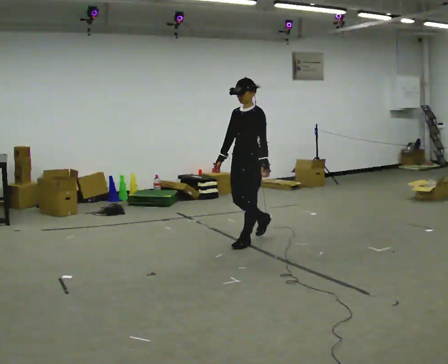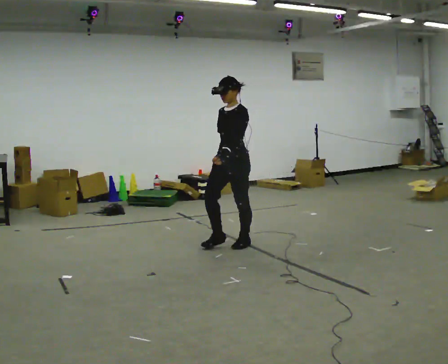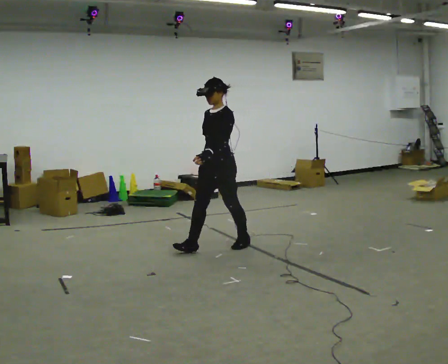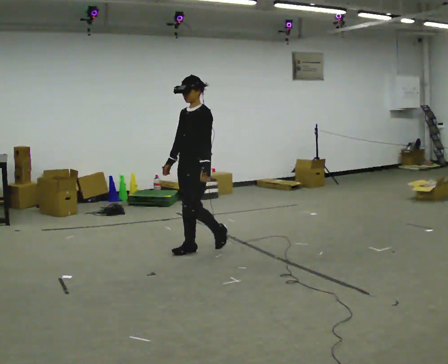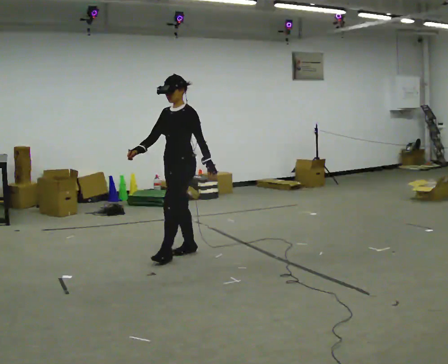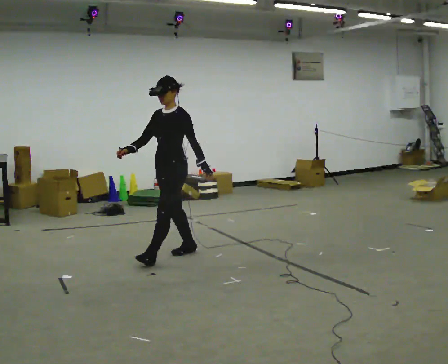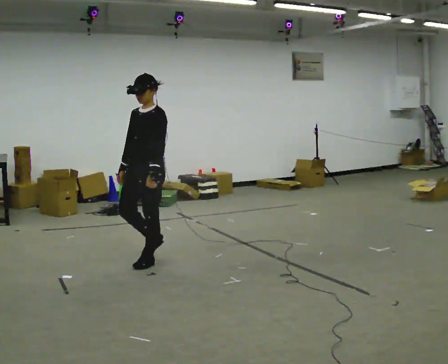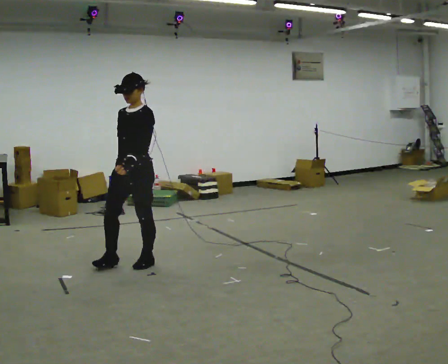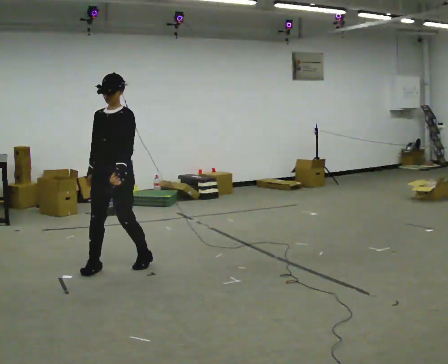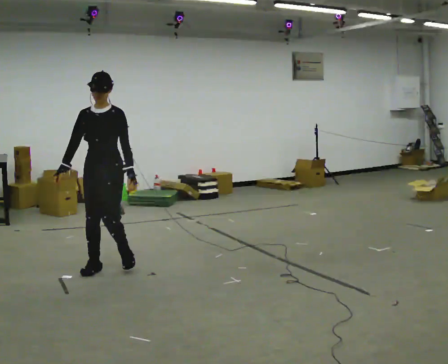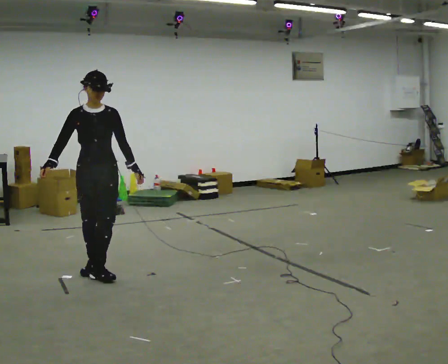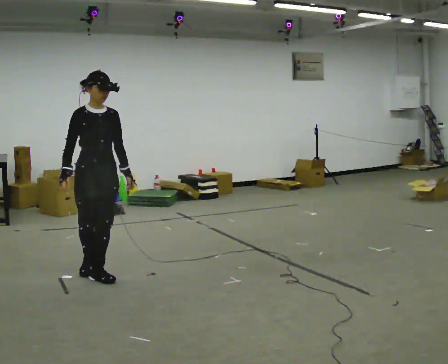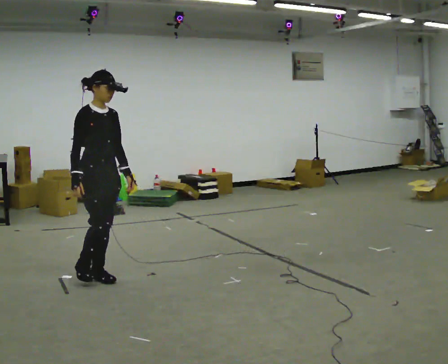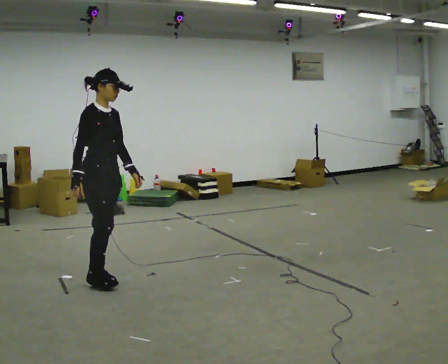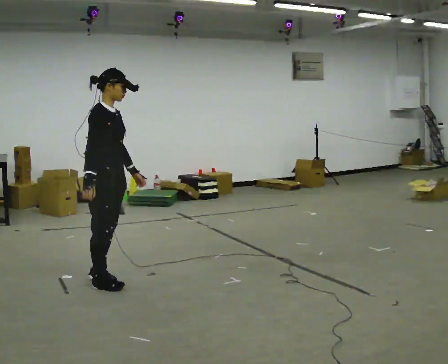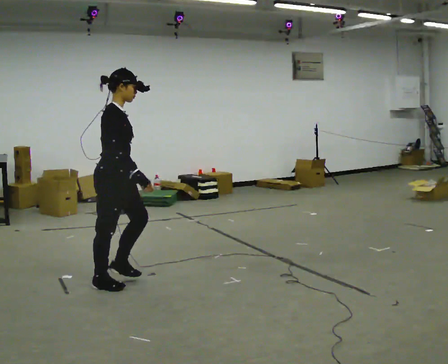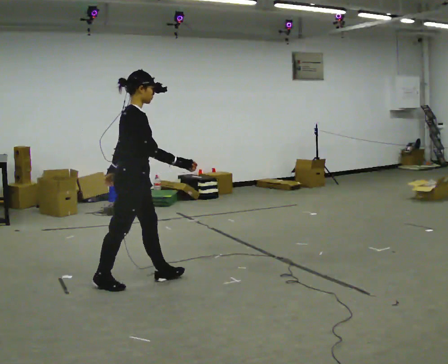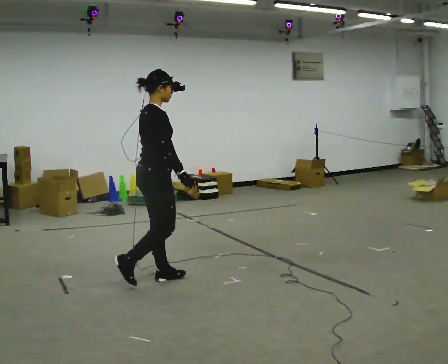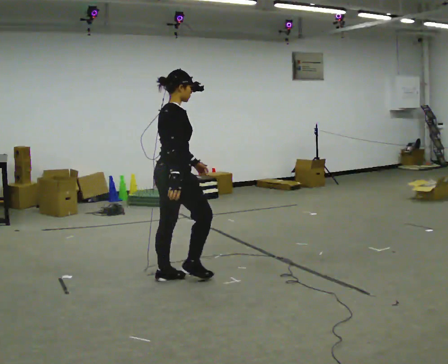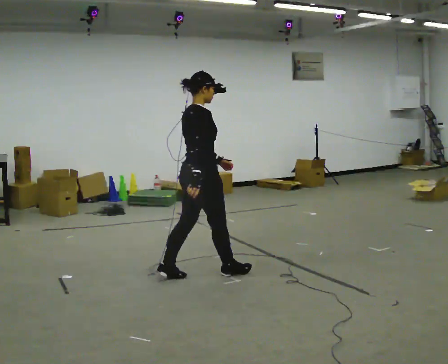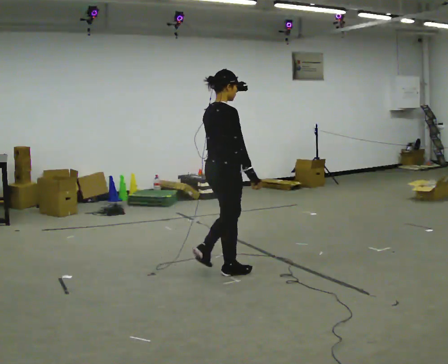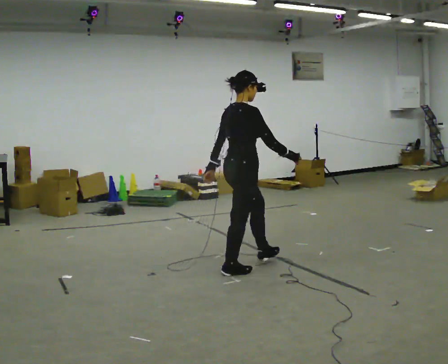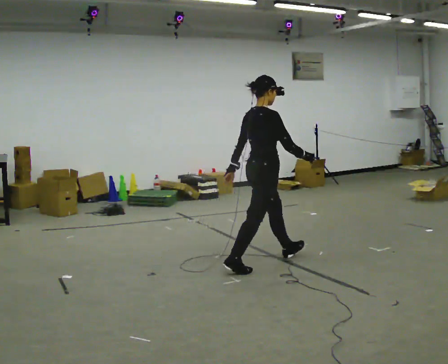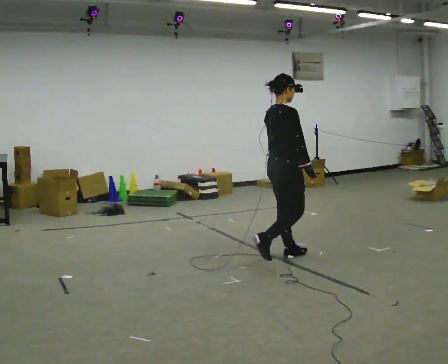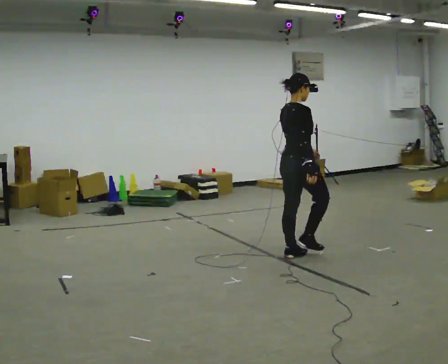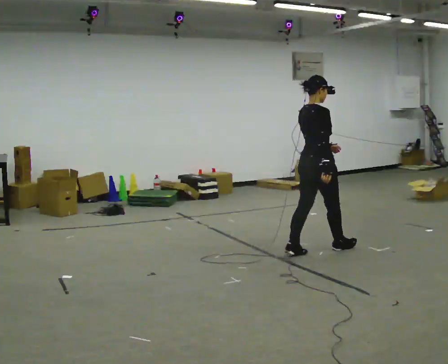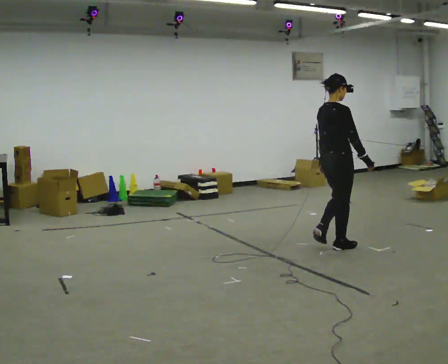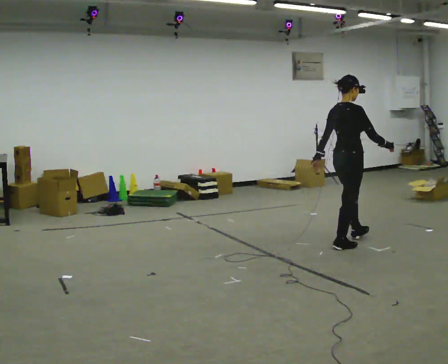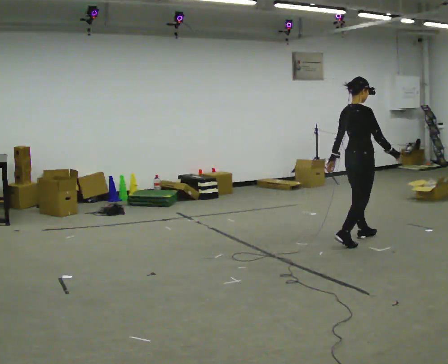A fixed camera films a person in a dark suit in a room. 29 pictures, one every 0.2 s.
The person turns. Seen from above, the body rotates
counterclockwise.
The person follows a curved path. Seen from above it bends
counterclockwise.
0.0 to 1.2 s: In the picture they go to the left and toward the camera, about 1 m in 2 steps, which for them is forward.
1.2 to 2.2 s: The part of the body nearest the lens slides to the right as the person turns to their left by about 75 degrees. In the picture they go to the left and toward the camera, about 0.5 m in 2 steps.
2.2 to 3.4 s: Seen from above the body turns counterclockwise, about 75 degrees: to their left, with its near side sliding to the right. In the picture they go to the right, about 0.5 m in 2 steps.
3.4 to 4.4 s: In the picture they go to the right, about 1 m in 2 steps, which for them is forward.
4.4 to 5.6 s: In the picture they go to the right and away from the camera, about 1 m in 2 steps, which for them is forward.
The film runs forward here.
